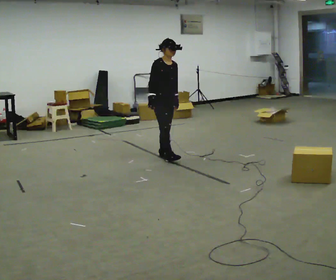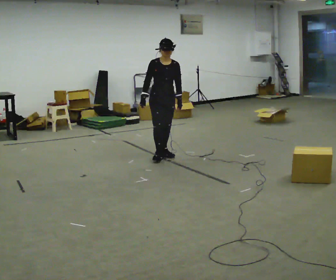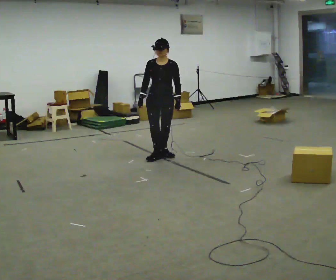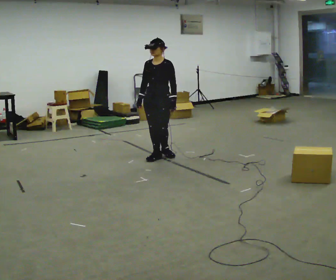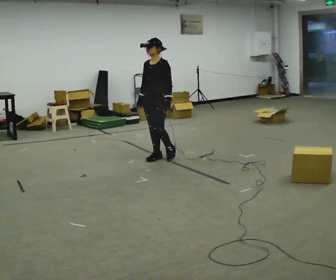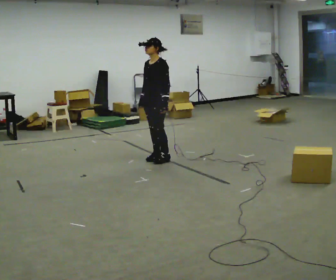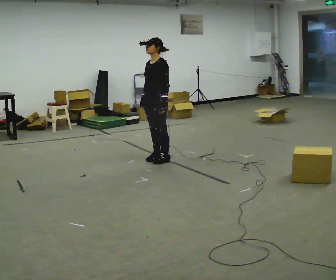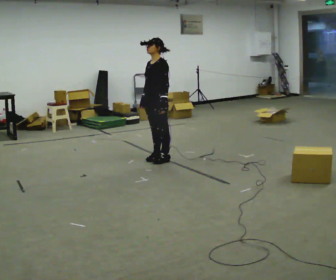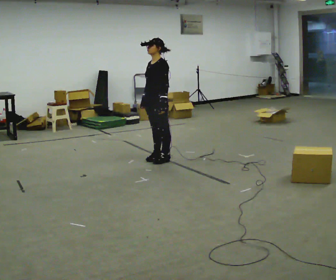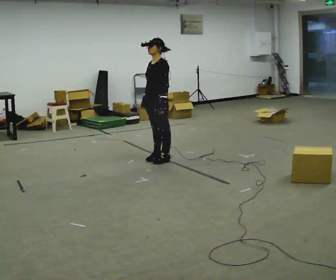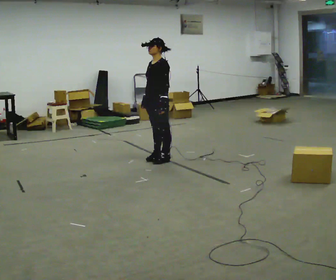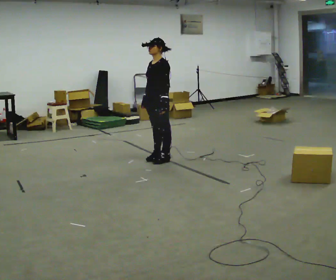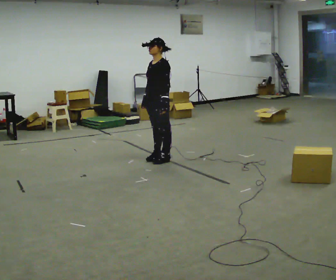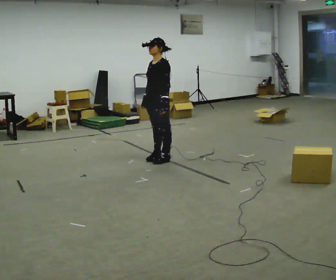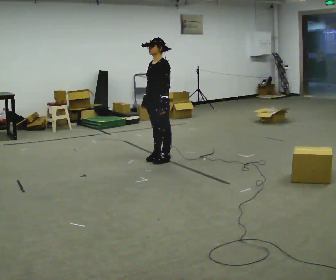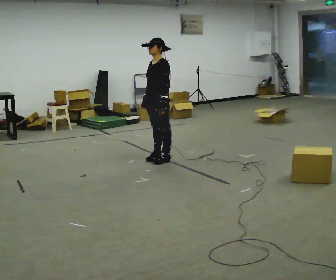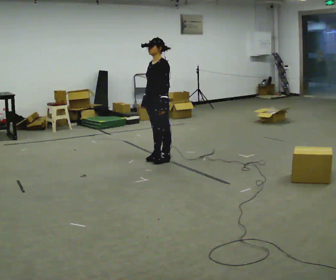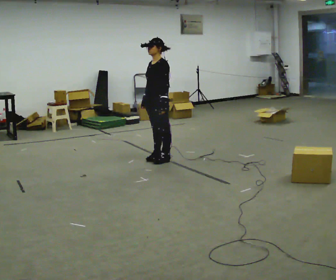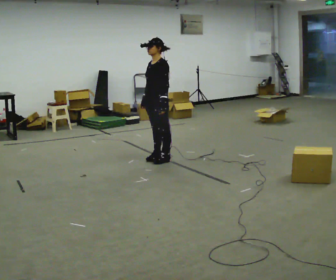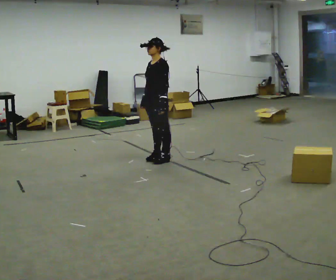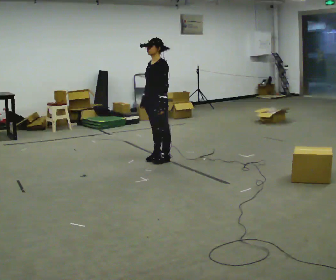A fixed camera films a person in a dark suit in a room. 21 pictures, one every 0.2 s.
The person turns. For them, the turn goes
to their right.
The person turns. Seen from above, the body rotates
clockwise.
0.0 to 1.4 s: Seen from above the body turns clockwise, about 105 degrees: to their right, with its near side sliding to the left. In the picture they go toward the camera, about 0.25 m in 2 steps.
1.4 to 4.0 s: The person keeps their place and pose.
The film runs forward here.
